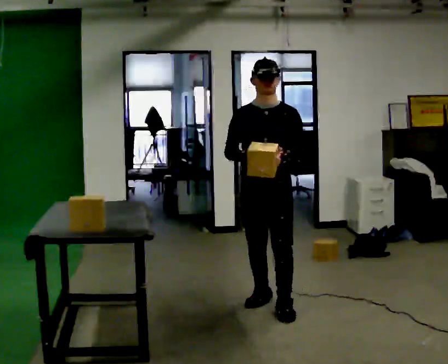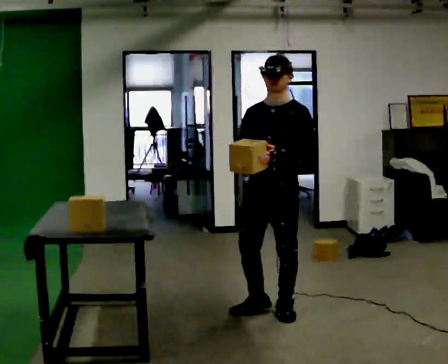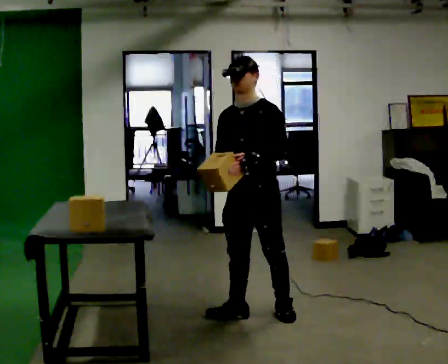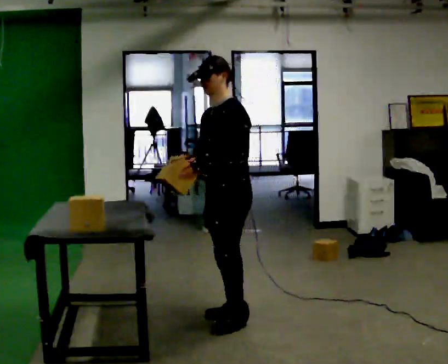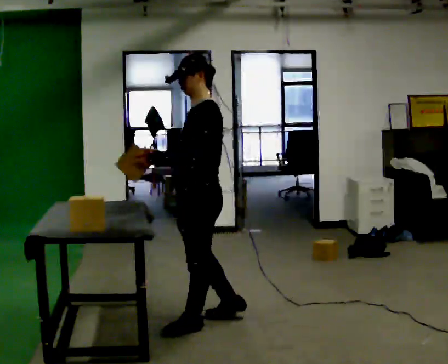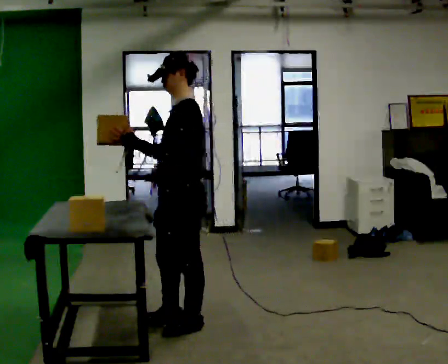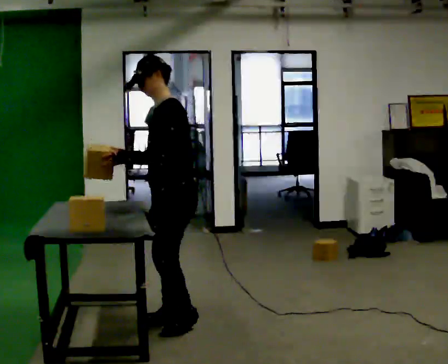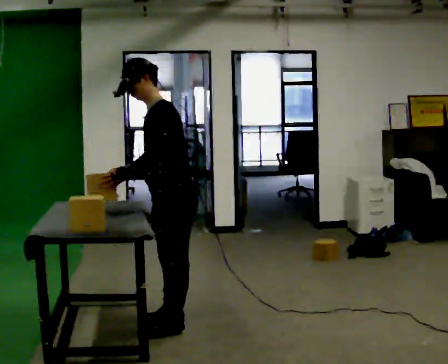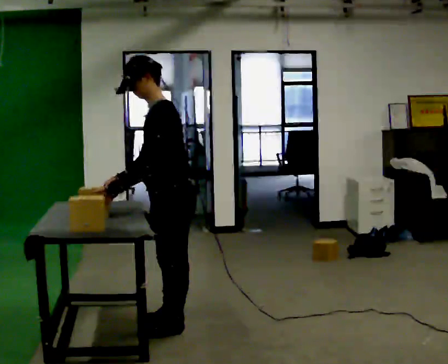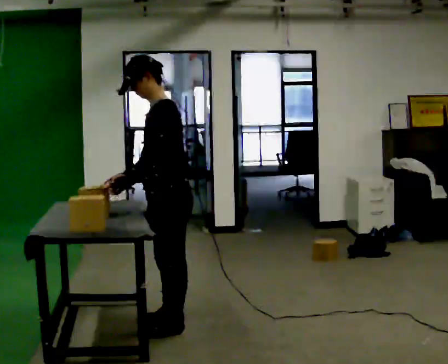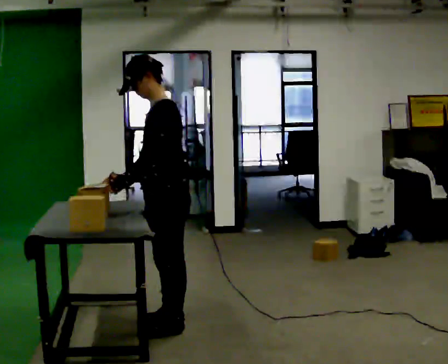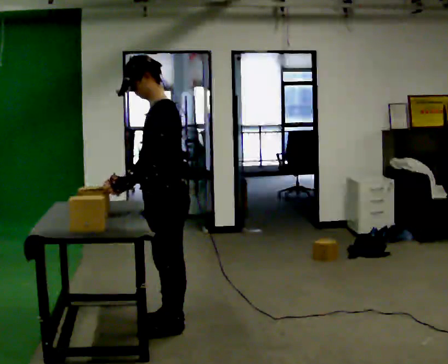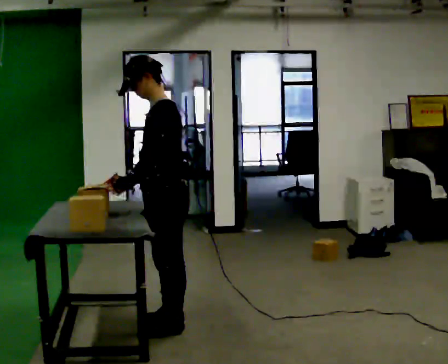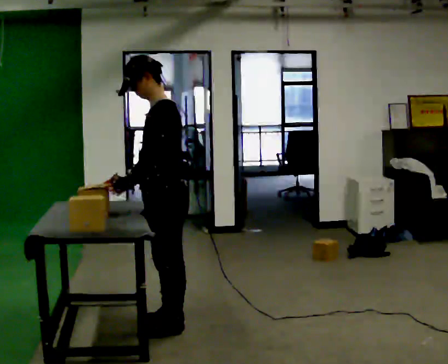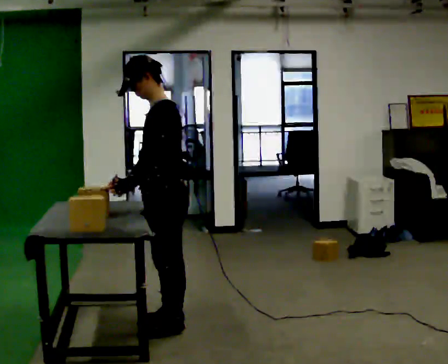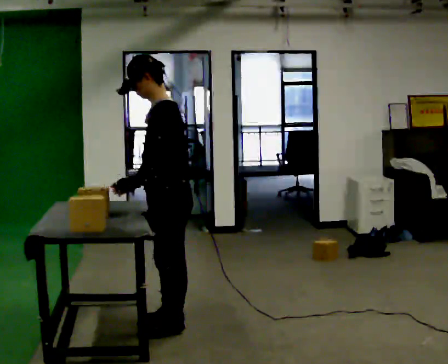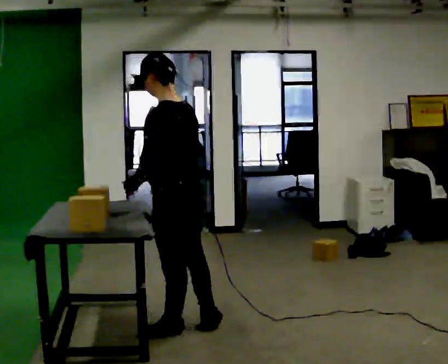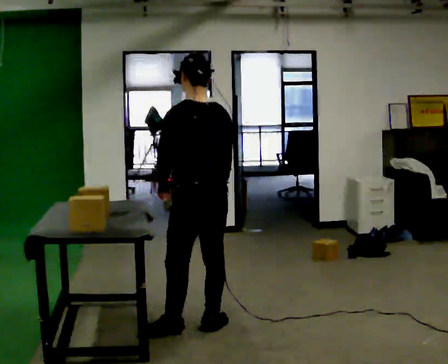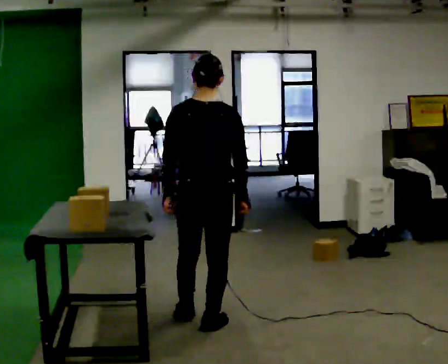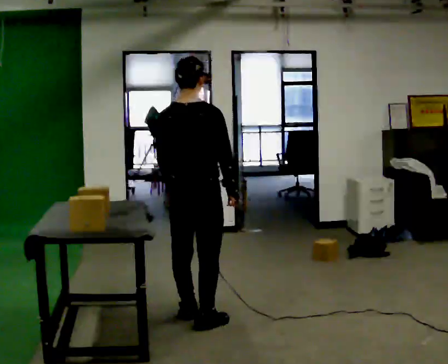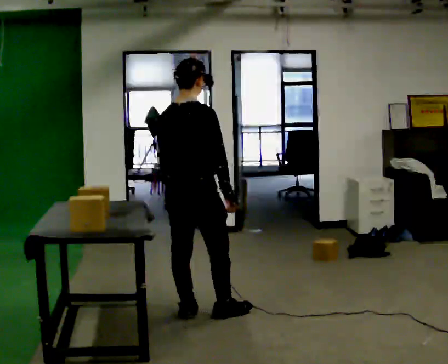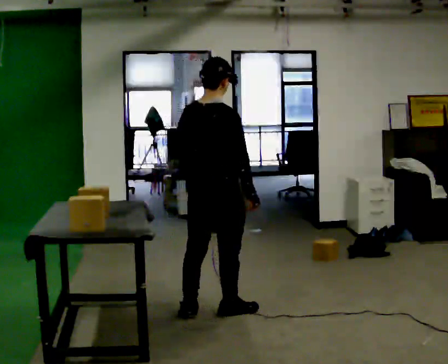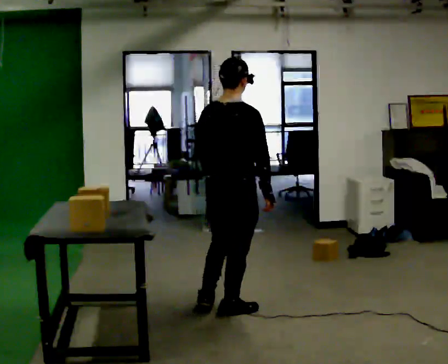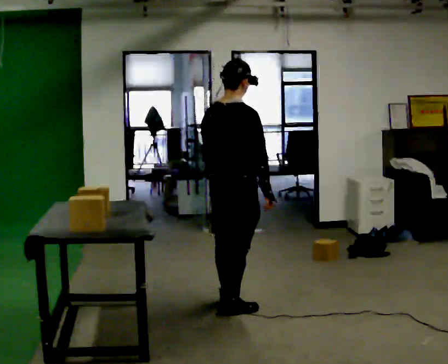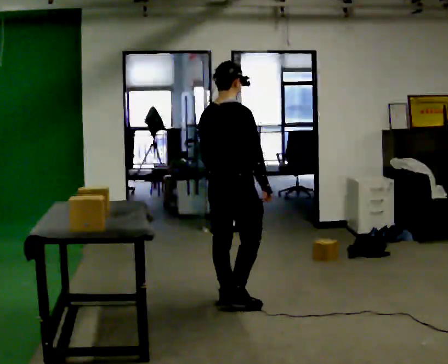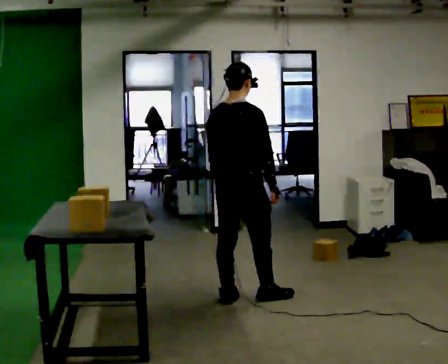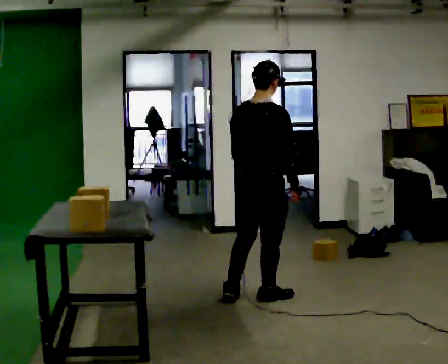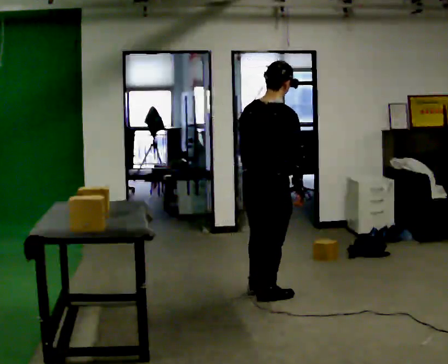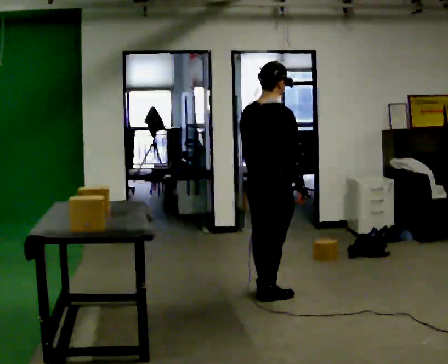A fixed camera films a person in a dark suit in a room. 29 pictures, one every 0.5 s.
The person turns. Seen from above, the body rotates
clockwise.
The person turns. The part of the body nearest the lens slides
to the left.
0.0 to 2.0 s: The part of the body nearest the lens slides to the left as the person turns to their right by about 60 degrees. In the picture they go to the left and toward the camera, about 0.5 m in 2 steps.
2.0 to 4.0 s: In the picture they go to the left, about 0.25 m in 1 step, which for them is forward.
4.0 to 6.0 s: The person moves a little, or ends about where they began.
6.0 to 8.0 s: The part of the body nearest the lens slides to the left as the person turns to their right by about 45 degrees. In the picture their right hand goes to the right.
8.0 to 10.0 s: The part of the body nearest the lens slides to the left as the person turns to their right by about 90 degrees. In the picture they go away from the camera, about 0.25 m in 1 step.
10.0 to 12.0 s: In the picture they go away from the camera and to the right, about 0.5 m in 2 steps, which for them is forward.
12.0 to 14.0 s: In the picture they go to the right, about 0.25 m in 2 steps, which for them is forward and to their right.
The film runs forward here.
